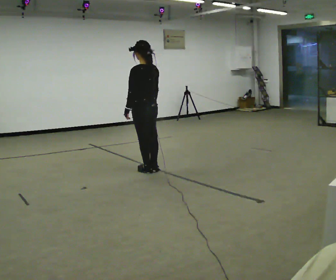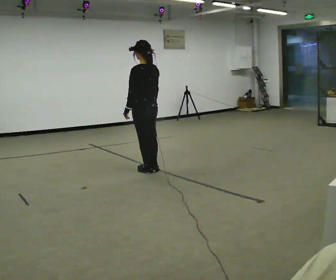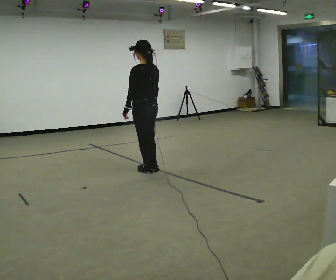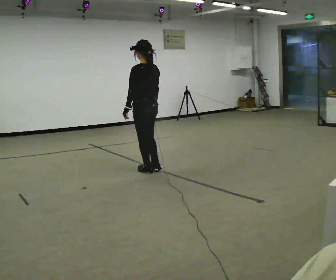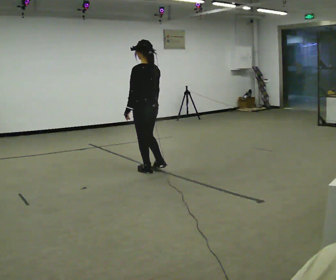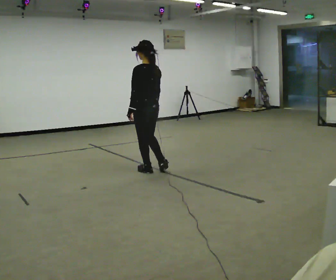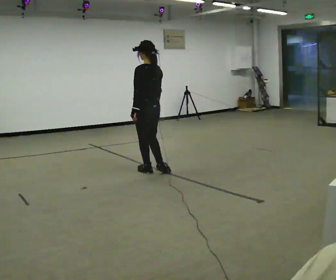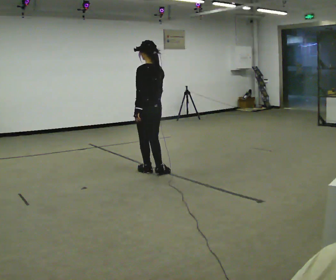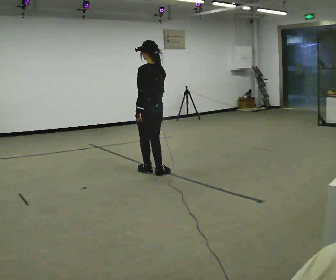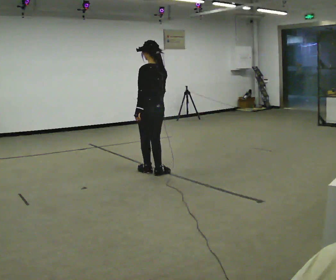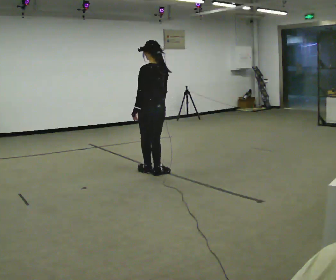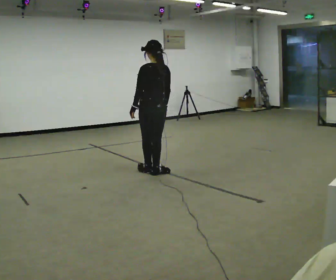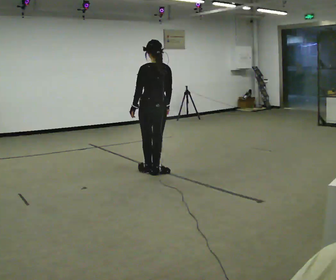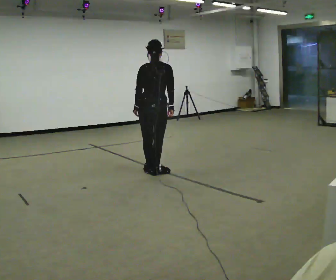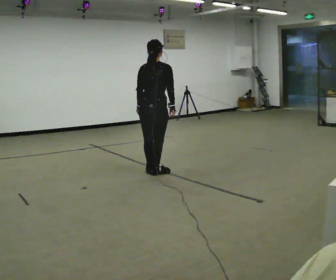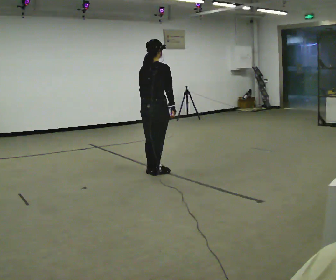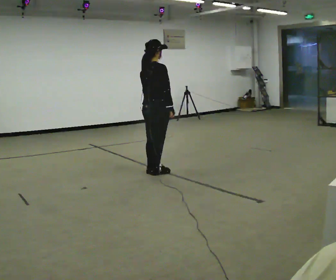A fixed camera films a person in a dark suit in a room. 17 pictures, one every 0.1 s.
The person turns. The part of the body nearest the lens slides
to the left.
The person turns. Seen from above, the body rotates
clockwise.
0.0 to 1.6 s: The part of the body nearest the lens slides to the left as the person turns to their right by about 90 degrees.
The film runs backward here.
